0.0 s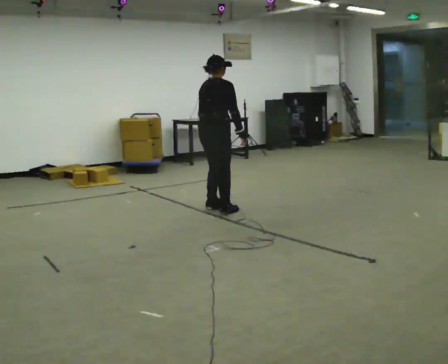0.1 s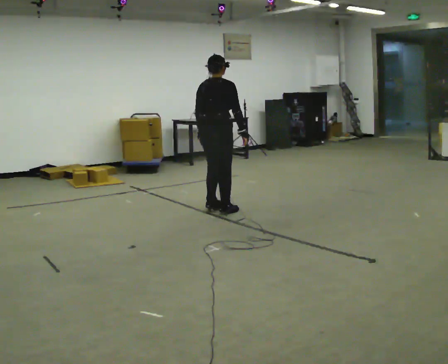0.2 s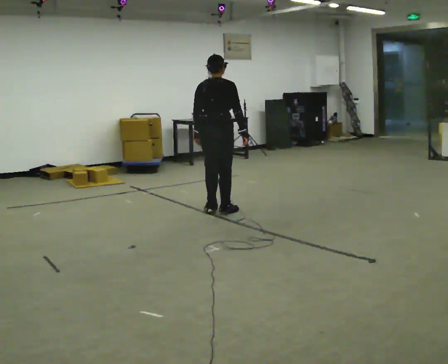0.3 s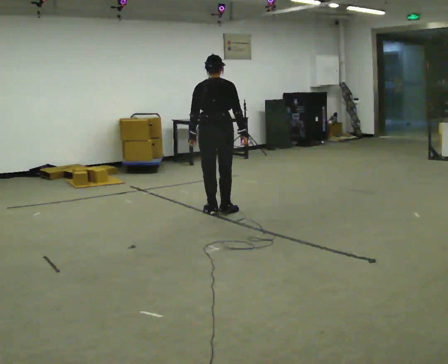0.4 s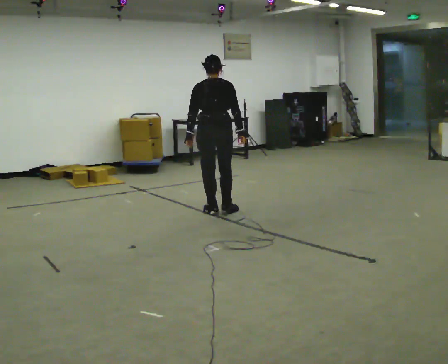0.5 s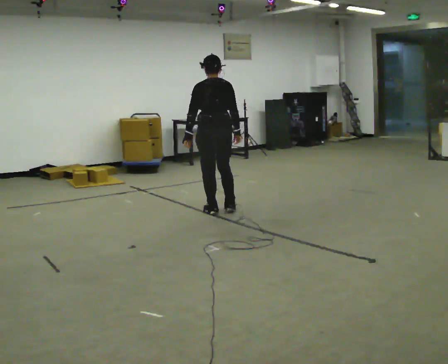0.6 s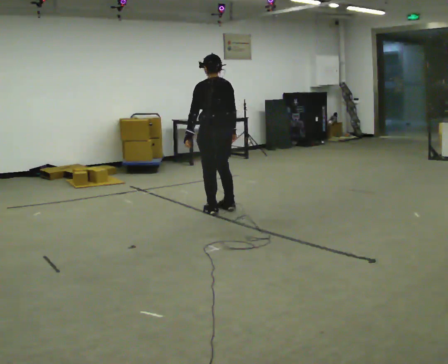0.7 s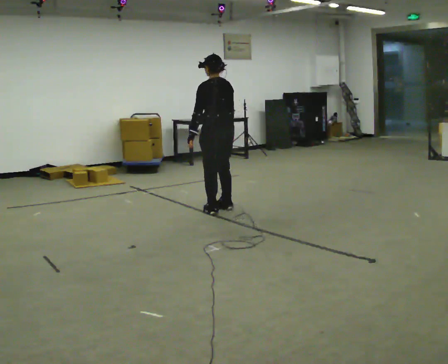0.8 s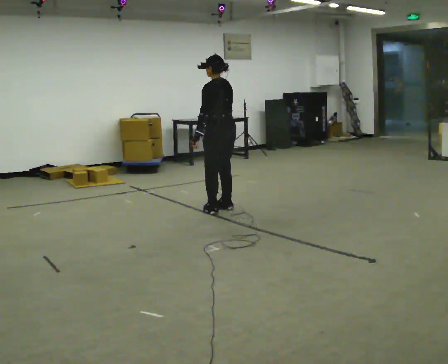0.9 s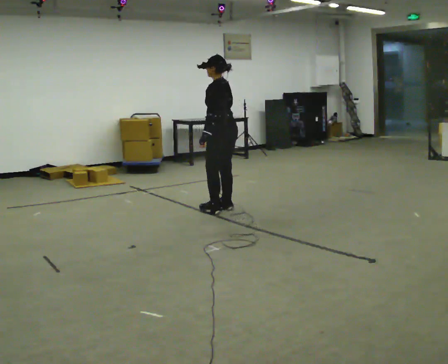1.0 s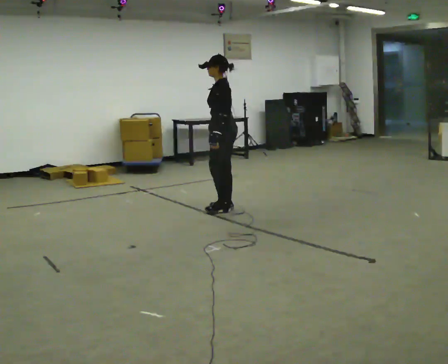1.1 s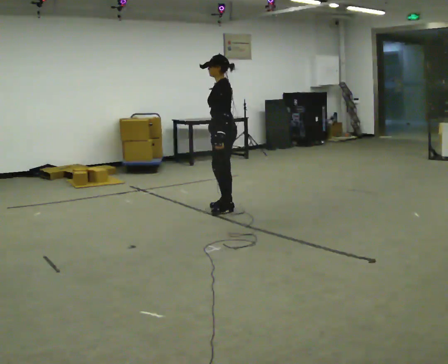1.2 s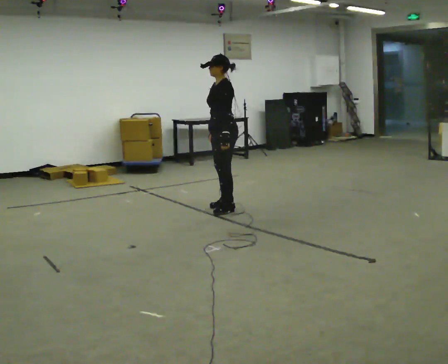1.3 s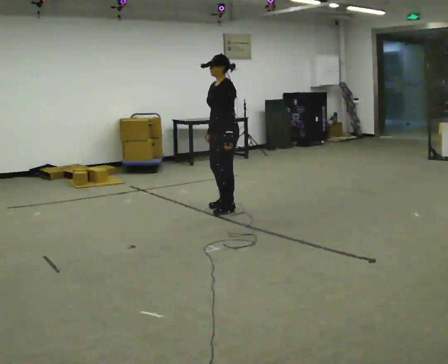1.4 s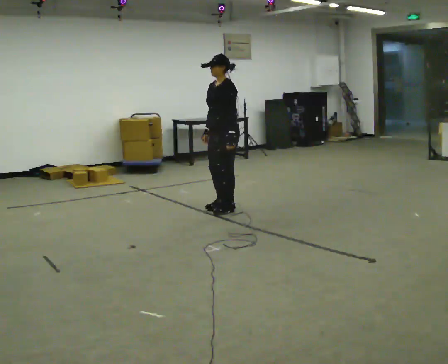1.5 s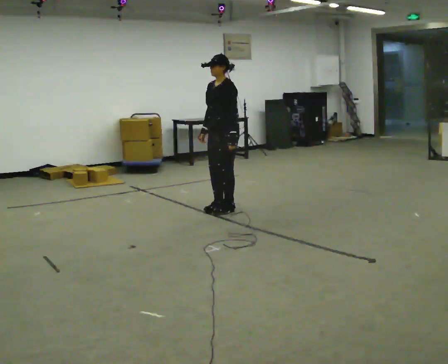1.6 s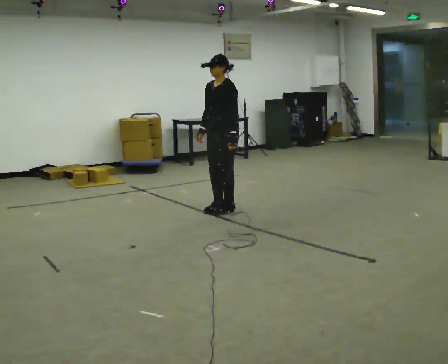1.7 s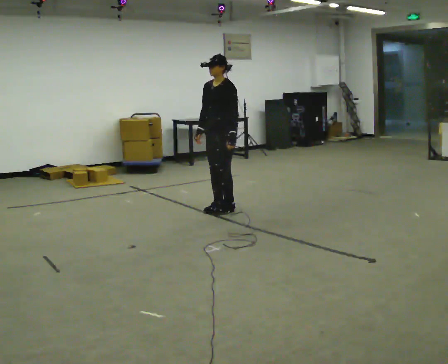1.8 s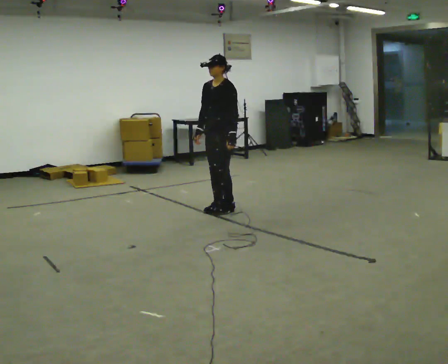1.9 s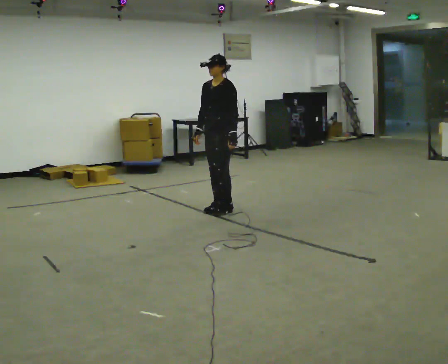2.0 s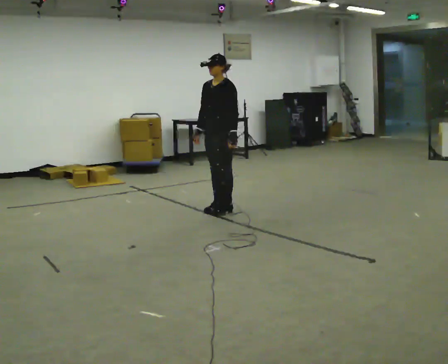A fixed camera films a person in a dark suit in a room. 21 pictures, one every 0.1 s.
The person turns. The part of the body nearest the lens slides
to the right.
The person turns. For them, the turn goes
to their left.
0.0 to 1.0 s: The part of the body nearest the lens slides to the right as the person turns to their left by about 135 degrees. In the picture the upper body tilts counterclockwise, shoulders to the left.
1.0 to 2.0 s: The part of the body nearest the lens slides to the right as the person turns to their left by about 45 degrees.
The film runs forward here.
